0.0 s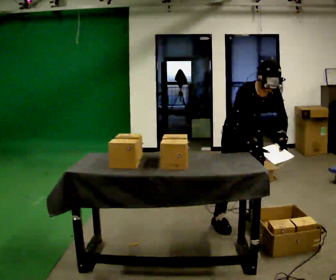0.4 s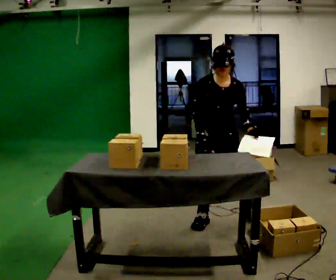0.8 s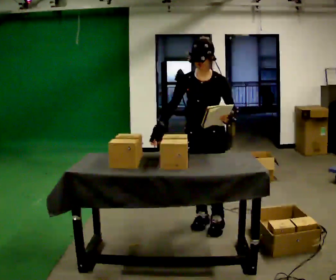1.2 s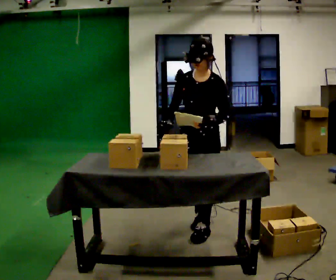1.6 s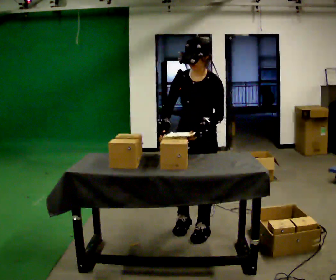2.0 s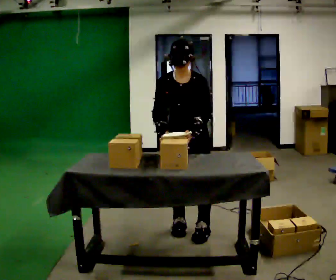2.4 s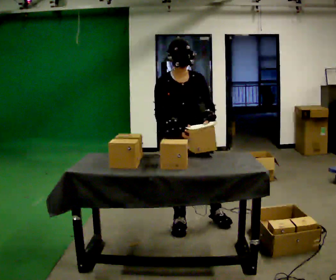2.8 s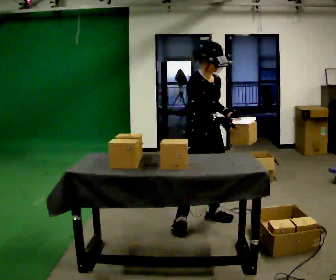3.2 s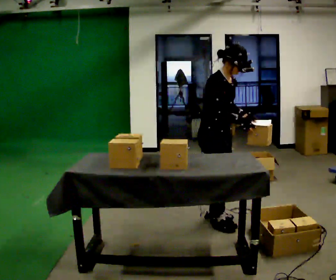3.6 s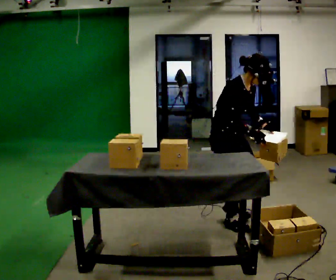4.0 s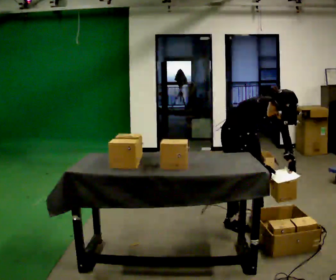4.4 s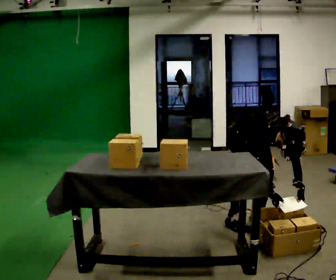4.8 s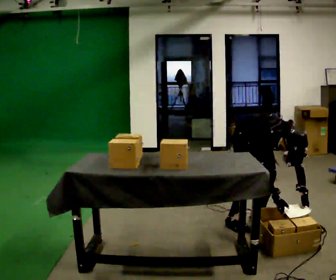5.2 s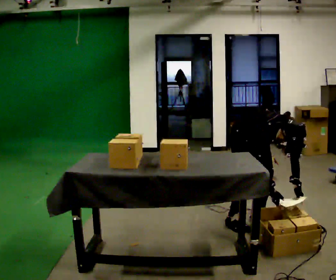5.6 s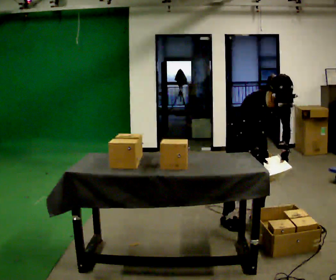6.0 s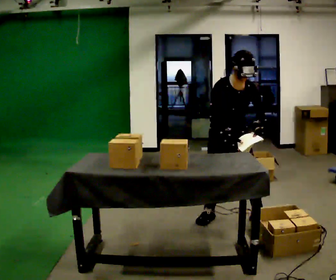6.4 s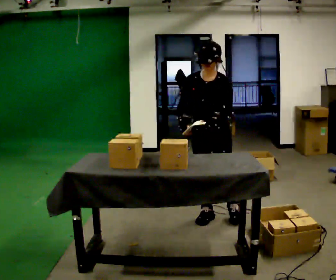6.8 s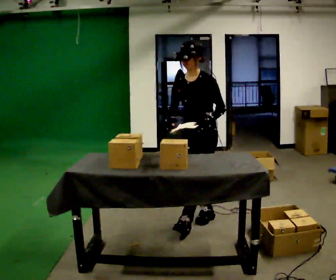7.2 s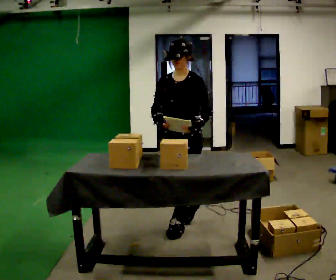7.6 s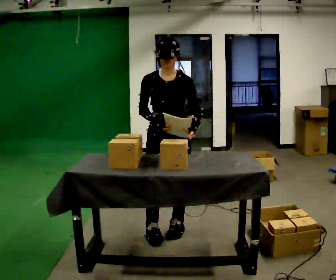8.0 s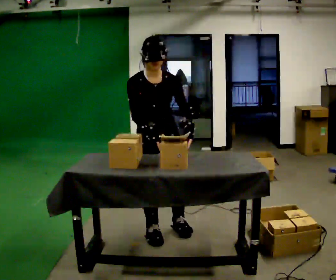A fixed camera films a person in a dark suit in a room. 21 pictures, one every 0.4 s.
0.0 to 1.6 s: The person turns about 45 degrees to their right, clockwise seen from above, so the part of the body nearest the lens slides to the left. In the picture they go to the left and toward the camera, about 0.5 m in 2 steps, which for them is forward and to their right. In the picture the upper body tilts counterclockwise, shoulders to the left, as they lean back or straighten.
1.6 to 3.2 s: Seen from above the body turns counterclockwise, about 90 degrees: to their left, with its near side sliding to the right. In the picture they go away from the camera, about 0.25 m in 2 steps.
3.2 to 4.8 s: The person turns about 30 degrees to their right, clockwise seen from above, so the part of the body nearest the lens slides to the left. In the picture they go to the right, about 0.25 m in 2 steps, which for them is to their left and forward. The shoulders move downward. The upper body tips toward the camera, its near side rolling downward, as they bend forward. In the picture their left hand goes downward.
4.8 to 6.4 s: The person turns about 45 degrees to their right, clockwise seen from above, so the part of the body nearest the lens slides to the left. In the picture they go to the left, about 0.25 m in 1 step, which for them is to their right and backward. The shoulders move upward. The upper body tips away from the camera, its near side rolling upward, as they lean back or straighten. In the picture their left hand goes upward.
6.4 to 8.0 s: The person turns about 45 degrees to their left, counterclockwise seen from above, so the part of the body nearest the lens slides to the right. In the picture they go toward the camera and to the left, about 0.5 m in 2 steps.
The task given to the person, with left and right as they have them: 1. Read the parts list. 2. Collect each part from the bins around the room. 3. Lay them out on the table in the order on the list. 4. Put them all in the carry case. 5. Tell the operator when you are finished.
The film runs forward here.
